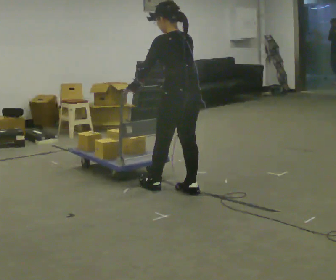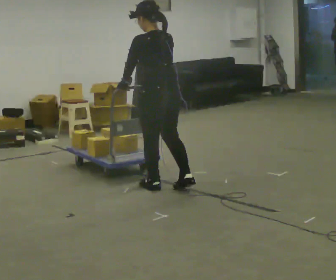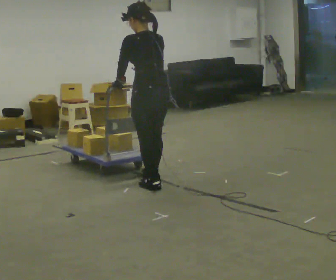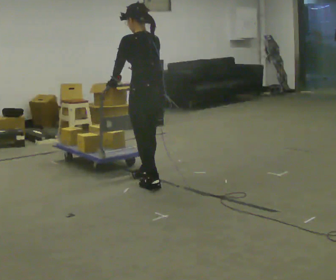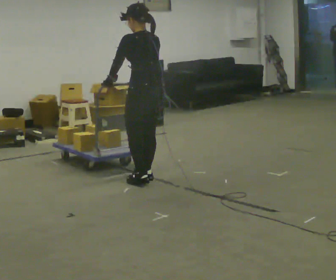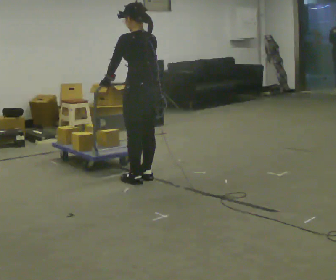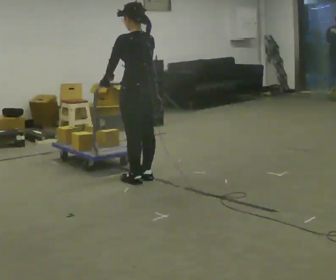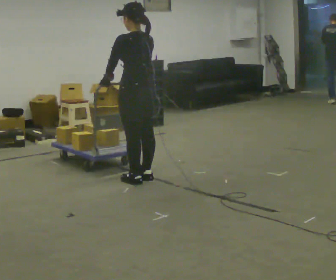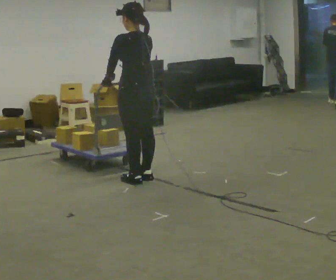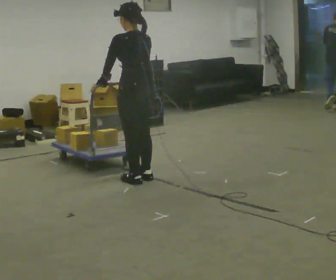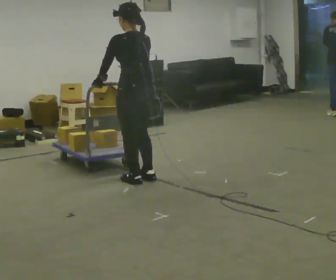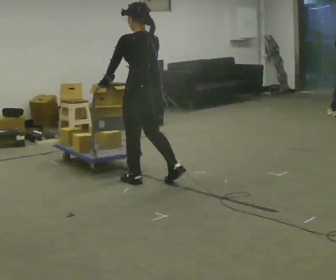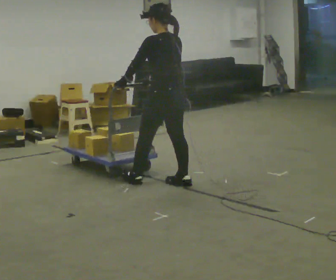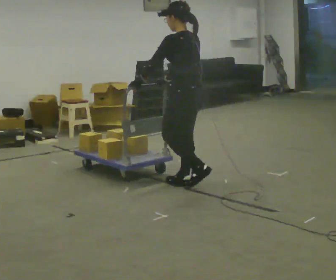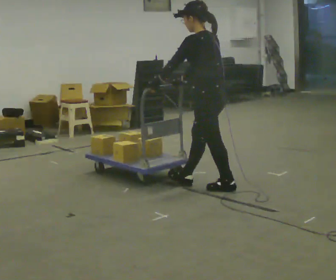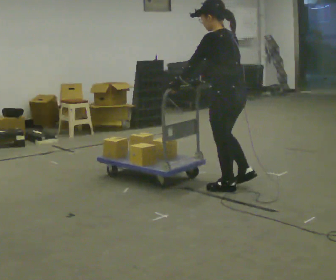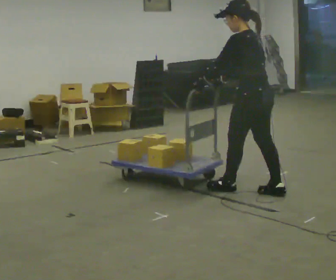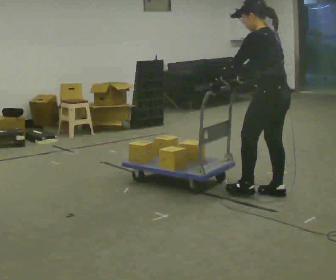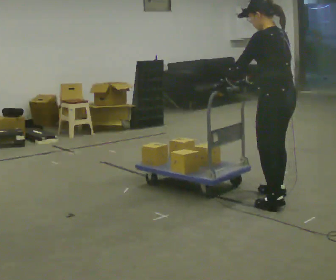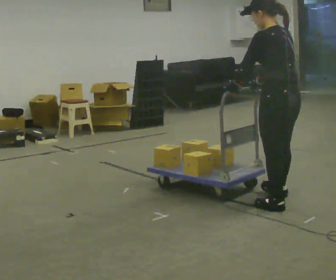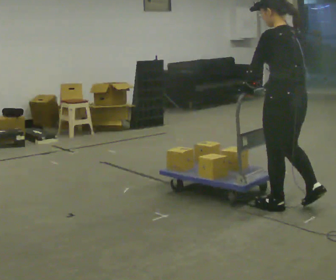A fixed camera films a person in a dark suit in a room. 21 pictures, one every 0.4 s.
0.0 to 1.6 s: In the picture they go away from the camera and to the left, about 0.5 m in 2 steps, which for them is forward.
1.6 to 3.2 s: The person moves a little, or ends about where they began.
3.2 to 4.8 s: In the picture they go to the right and toward the camera, about 0.25 m in 1 step, which for them is backward and to their right.
4.8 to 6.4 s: In the picture they go to the right and toward the camera, about 1 m in 2 steps, which for them is backward.
6.4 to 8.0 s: In the picture they go toward the camera, about 0.5 m in 2 steps, which for them is backward and to their left.
The film runs backward here.
